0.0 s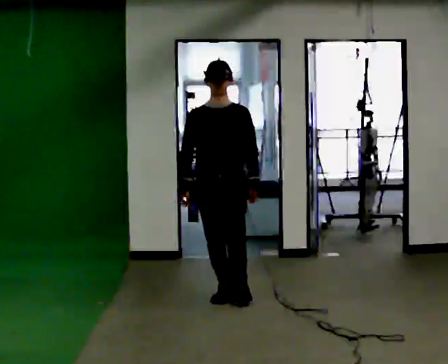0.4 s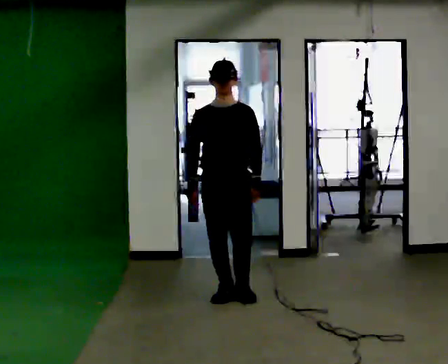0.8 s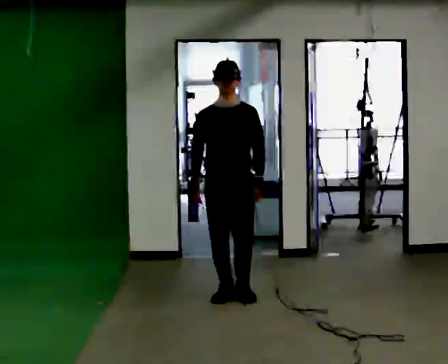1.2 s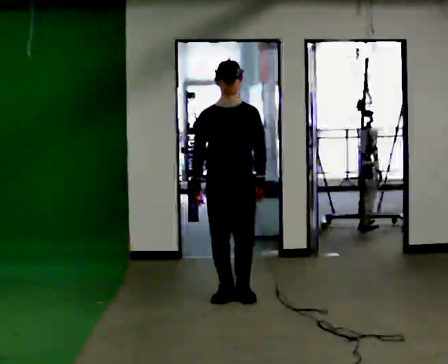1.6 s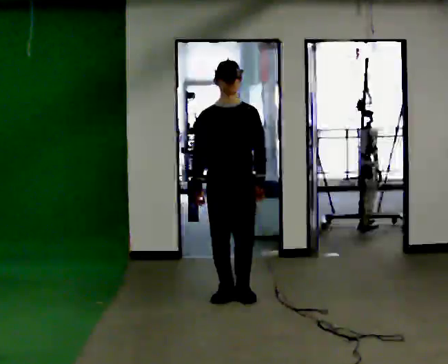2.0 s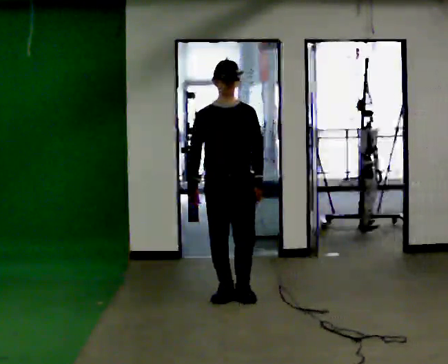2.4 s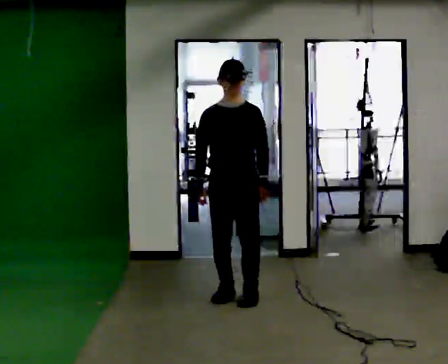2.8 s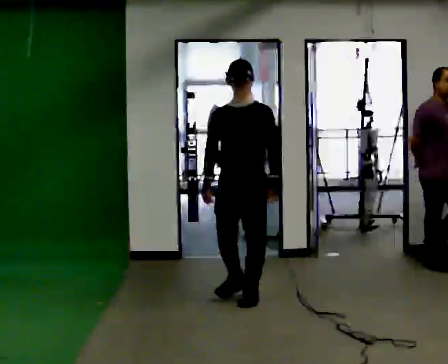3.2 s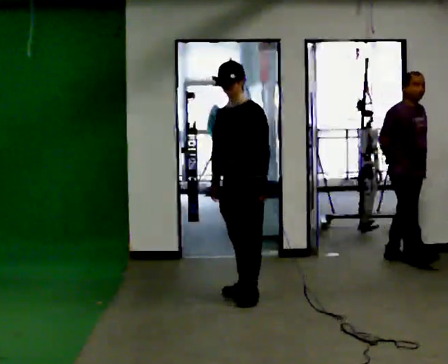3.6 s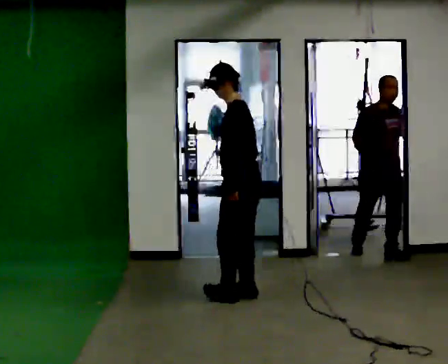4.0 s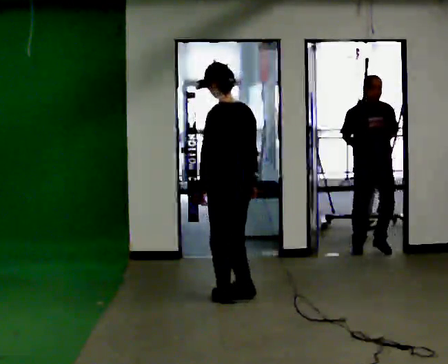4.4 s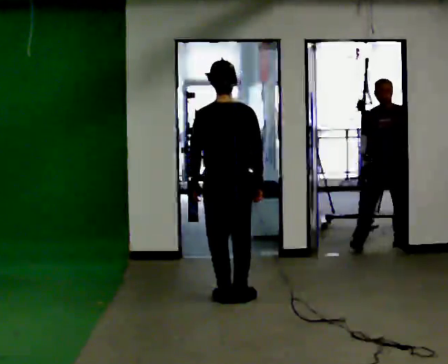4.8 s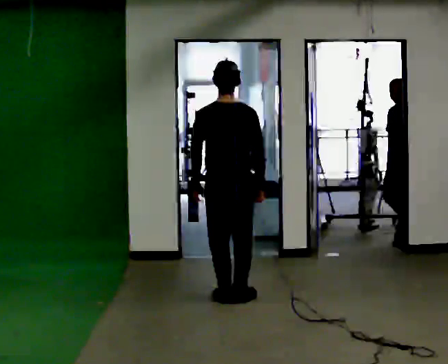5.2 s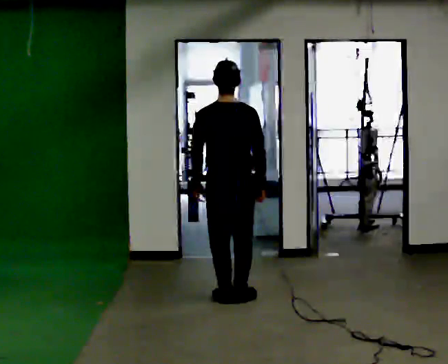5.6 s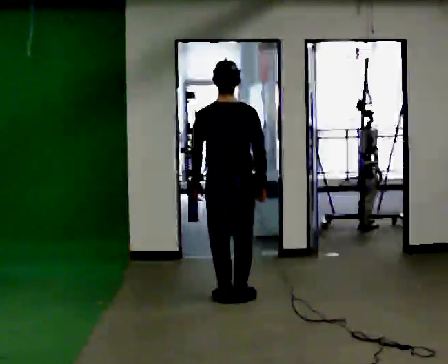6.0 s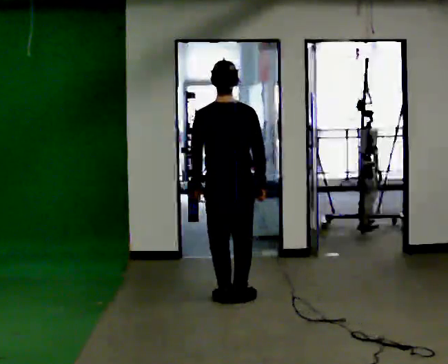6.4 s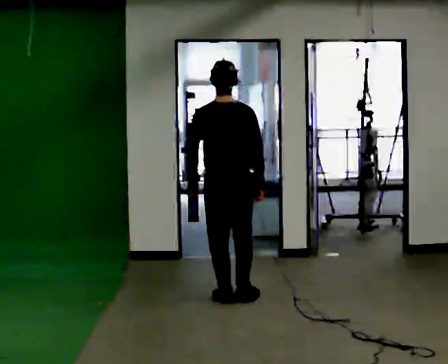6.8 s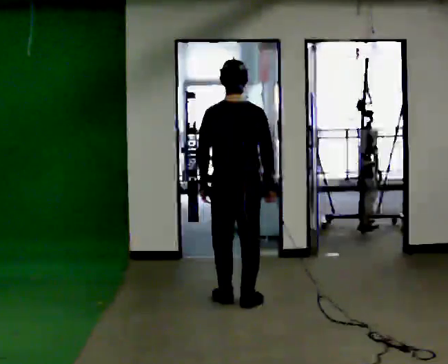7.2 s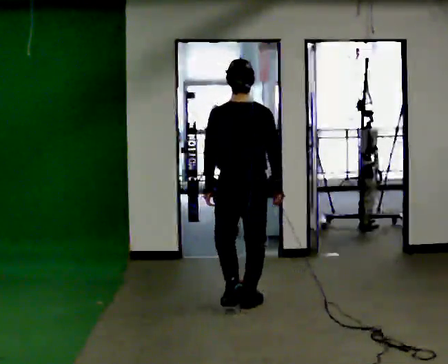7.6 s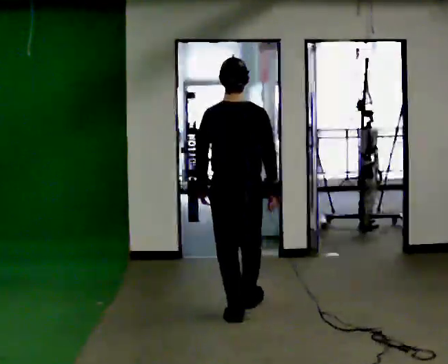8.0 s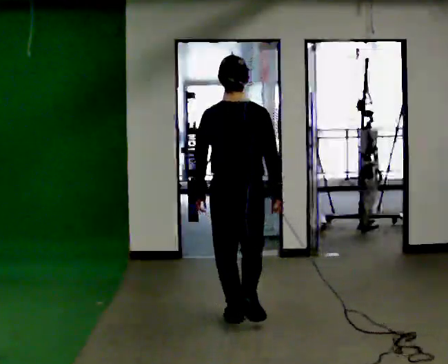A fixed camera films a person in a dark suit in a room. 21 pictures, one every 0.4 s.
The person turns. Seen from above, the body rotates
clockwise.
The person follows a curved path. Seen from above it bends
clockwise.
0.0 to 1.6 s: The person moves a little, or ends about where they began.
1.6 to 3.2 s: The part of the body nearest the lens slides to the left as the person turns to their right by about 45 degrees.
3.2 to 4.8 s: The person turns about 135 degrees to their right, clockwise seen from above, so the part of the body nearest the lens slides to the left. In the picture their left hand goes to the left, the arm swinging clockwise.
4.8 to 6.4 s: The person moves a little, or ends about where they began.
6.4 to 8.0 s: In the picture they go toward the camera, about 0.5 m in 2 steps, which for them is backward.
The film runs backward here.
